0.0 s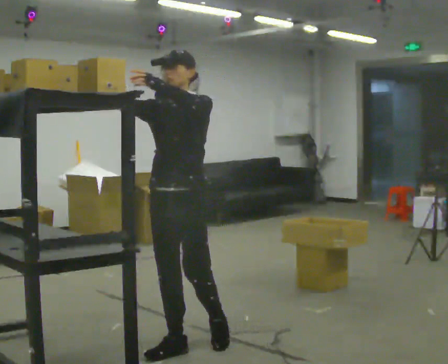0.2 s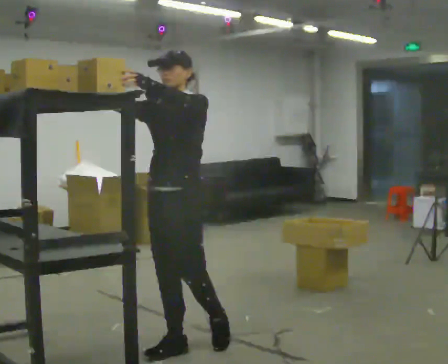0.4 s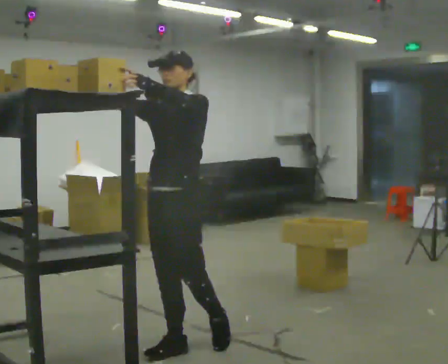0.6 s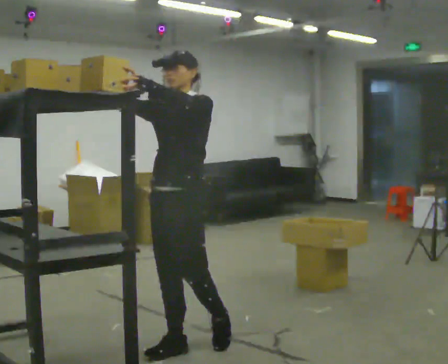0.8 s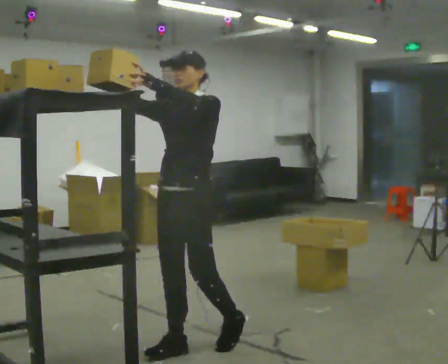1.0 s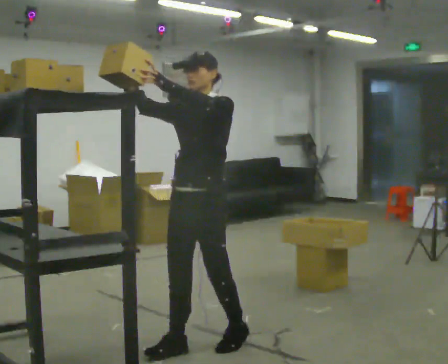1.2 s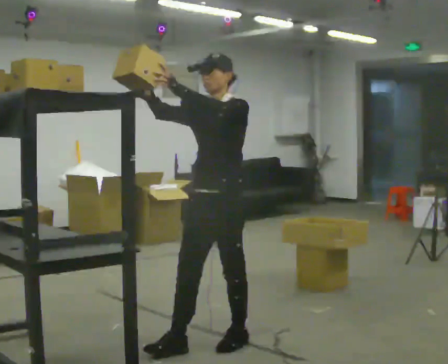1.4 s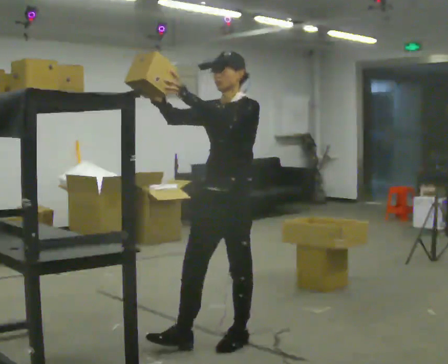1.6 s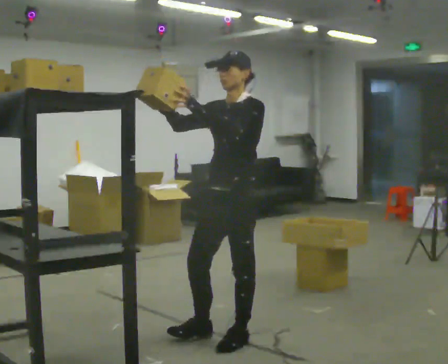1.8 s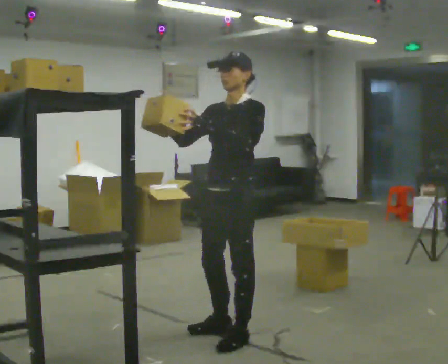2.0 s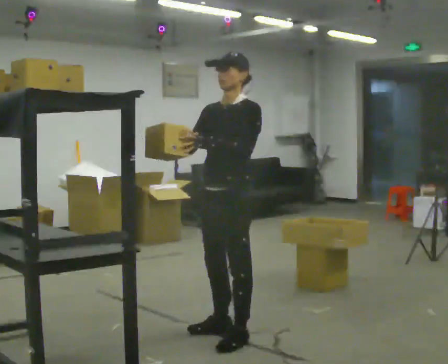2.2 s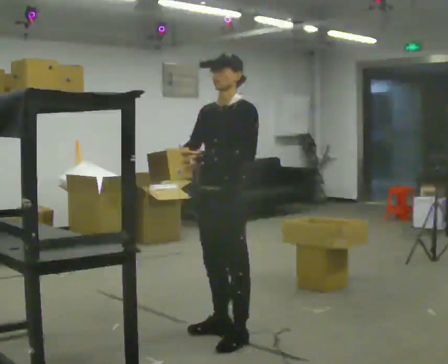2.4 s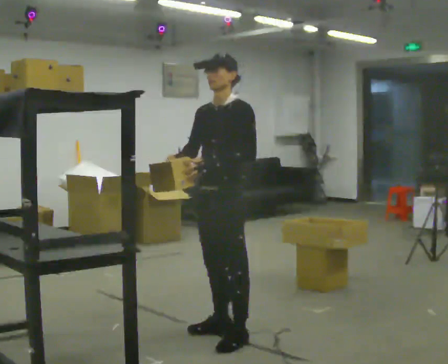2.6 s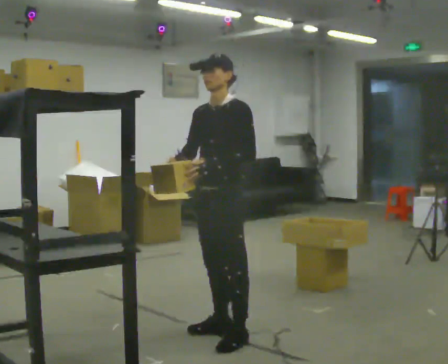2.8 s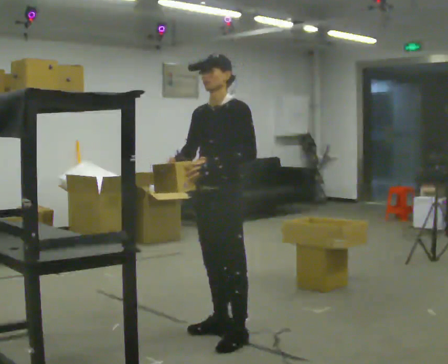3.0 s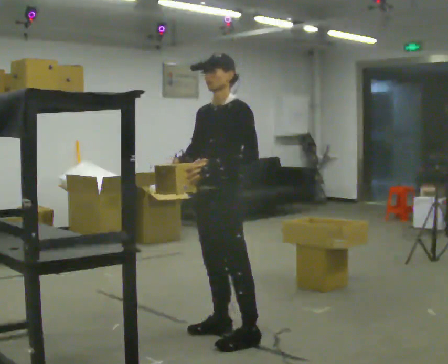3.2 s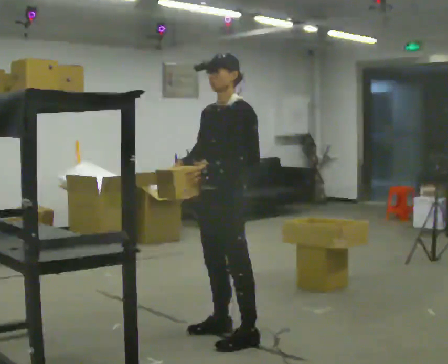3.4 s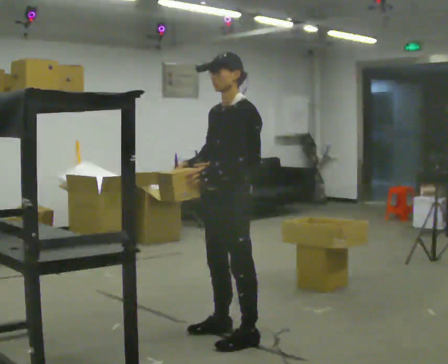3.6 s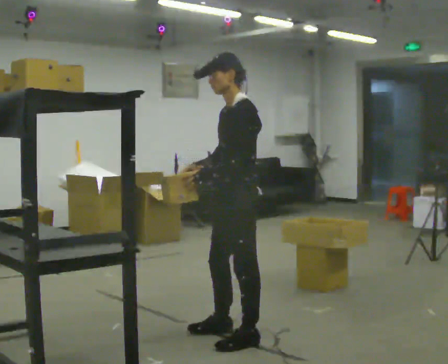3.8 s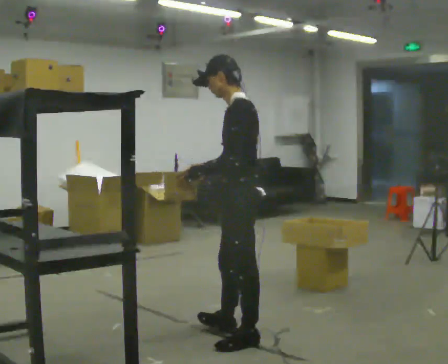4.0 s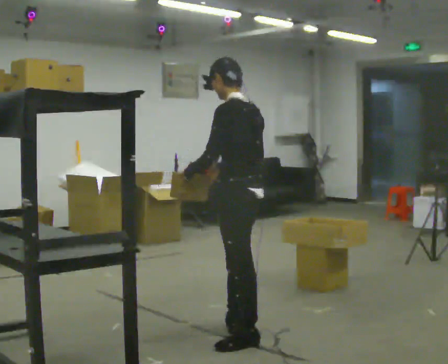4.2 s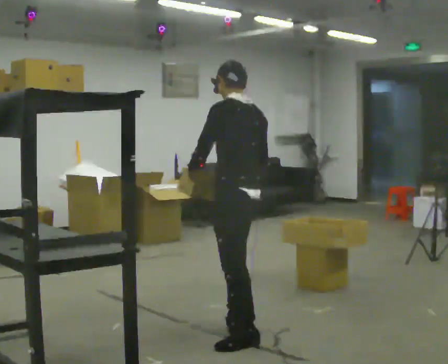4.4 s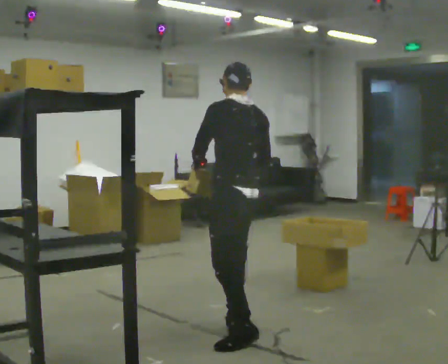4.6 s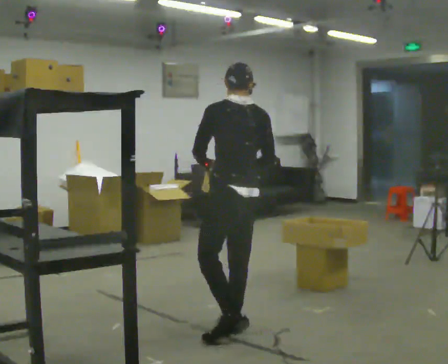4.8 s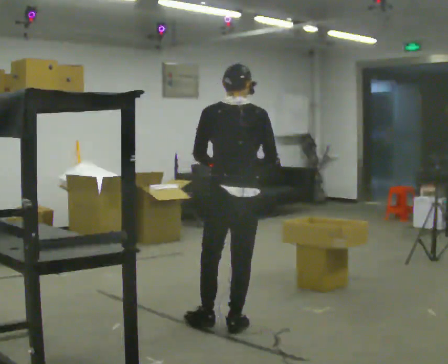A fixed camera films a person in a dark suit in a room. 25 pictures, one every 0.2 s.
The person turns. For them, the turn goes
to their right.
The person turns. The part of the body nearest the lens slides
to the left.
0.0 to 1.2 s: In the picture they go to the right, about 0.25 m, which for them is backward and to their left.
1.2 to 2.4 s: In the picture they go away from the camera, about 0.25 m in 1 step, which for them is backward and to their right. In the picture their left hand goes downward.
2.4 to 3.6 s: Seen from above the body turns clockwise, about 30 degrees: to their right, with its near side sliding to the left.
3.6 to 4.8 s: The person turns about 90 degrees to their right, clockwise seen from above, so the part of the body nearest the lens slides to the left. In the picture they go away from the camera, about 0.25 m.
The film runs forward here.
